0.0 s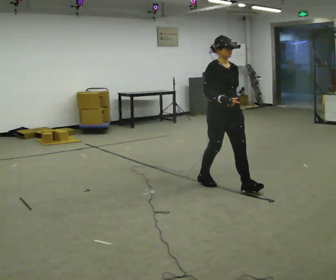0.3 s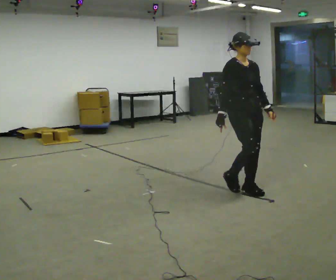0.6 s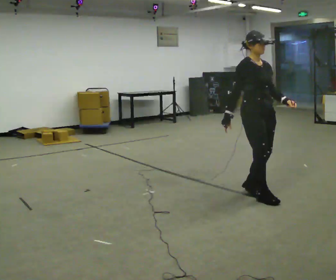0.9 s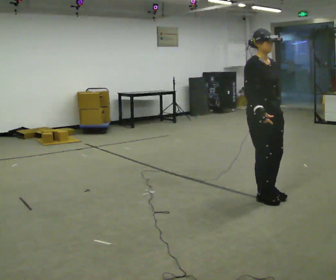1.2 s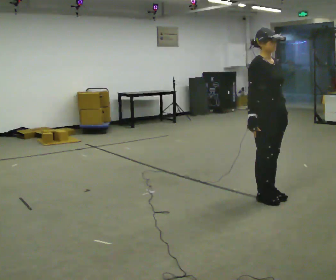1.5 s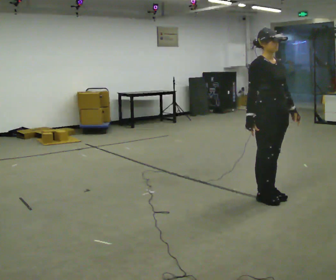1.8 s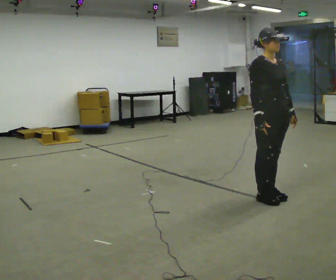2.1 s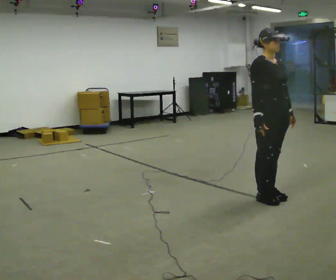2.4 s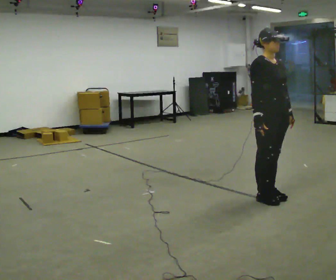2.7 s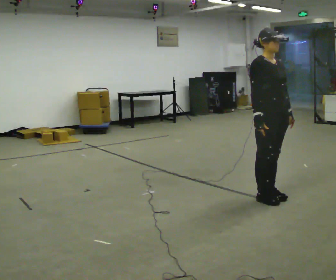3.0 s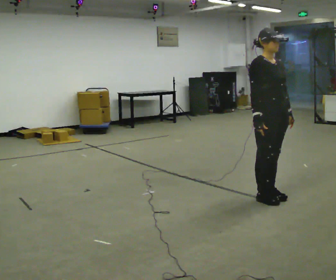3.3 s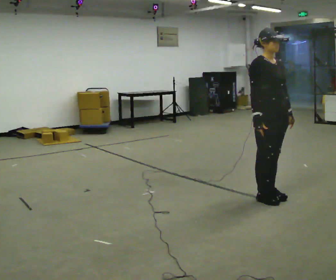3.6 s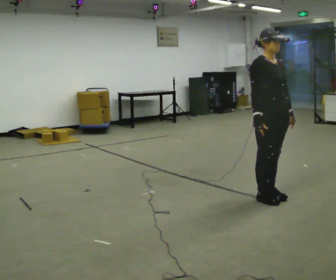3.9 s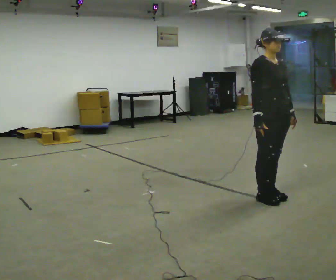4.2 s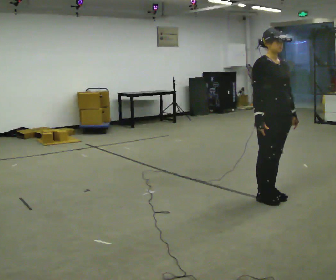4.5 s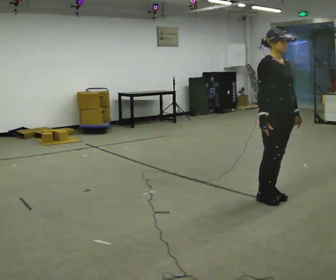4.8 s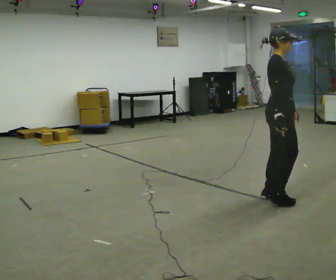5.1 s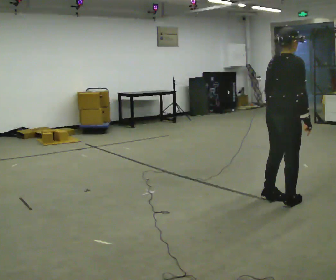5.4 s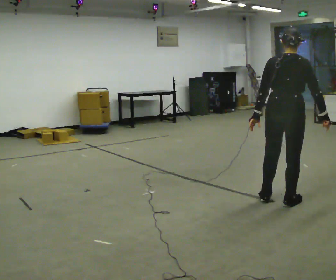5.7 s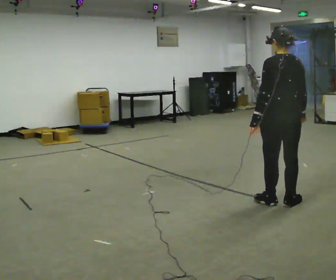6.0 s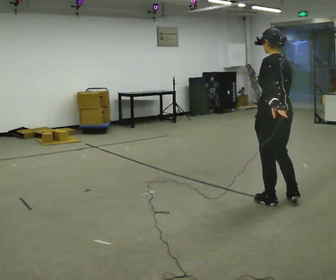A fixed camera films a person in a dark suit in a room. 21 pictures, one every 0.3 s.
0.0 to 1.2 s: In the picture they go to the right and toward the camera, about 0.5 m in 3 steps, which for them is forward.
1.2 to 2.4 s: The person moves a little, or ends about where they began.
2.4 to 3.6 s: The person keeps their place and pose.
3.6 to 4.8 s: The person turns about 45 degrees to their left, counterclockwise seen from above, so the part of the body nearest the lens slides to the right.
4.8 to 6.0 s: Seen from above the body turns counterclockwise, about 150 degrees: to their left, with its near side sliding to the right.
The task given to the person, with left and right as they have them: Walk normally; at marked point stop as quickly as comfortably possible; remain still.
The film runs forward here.
